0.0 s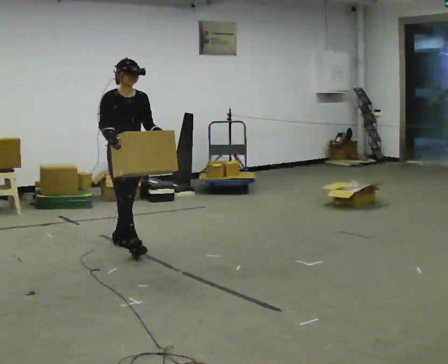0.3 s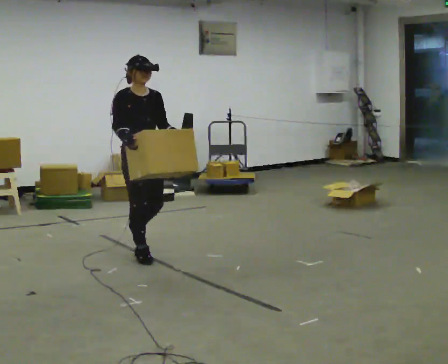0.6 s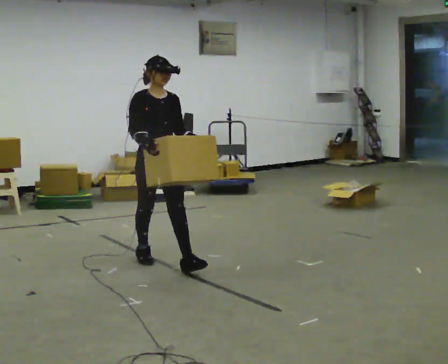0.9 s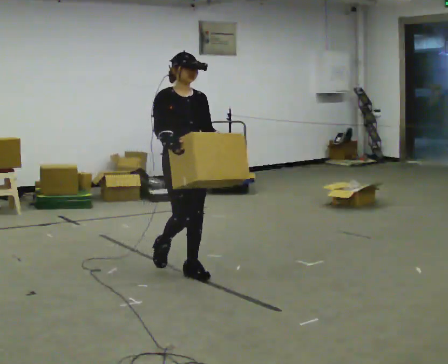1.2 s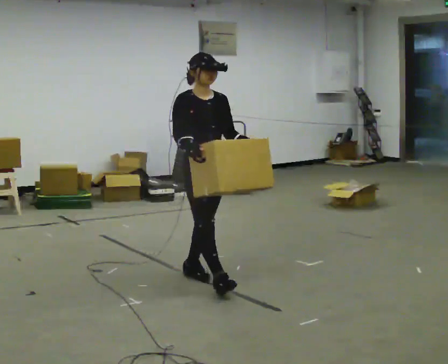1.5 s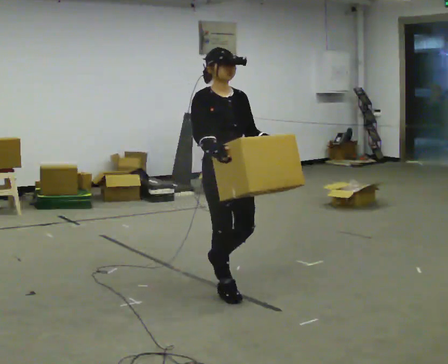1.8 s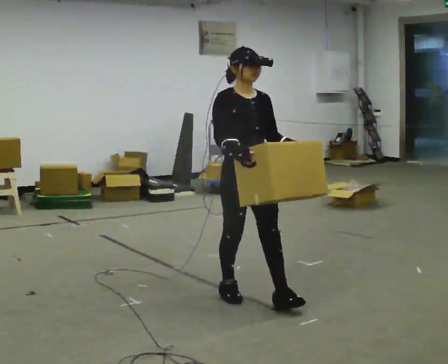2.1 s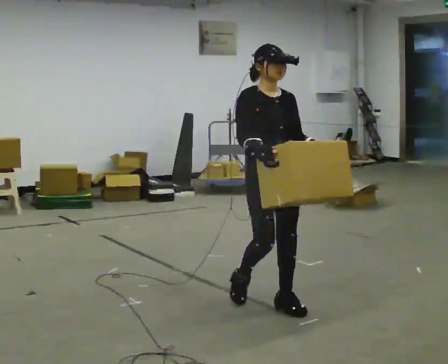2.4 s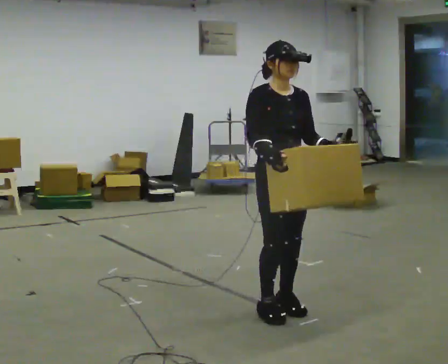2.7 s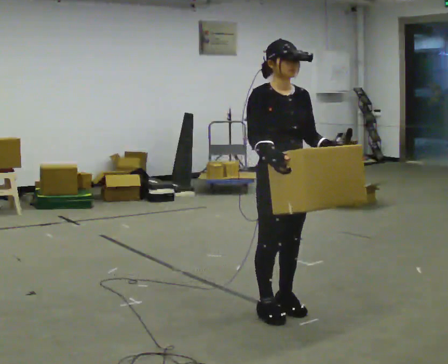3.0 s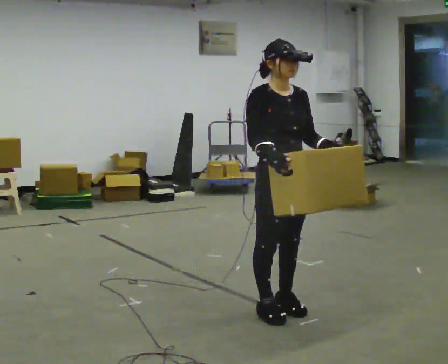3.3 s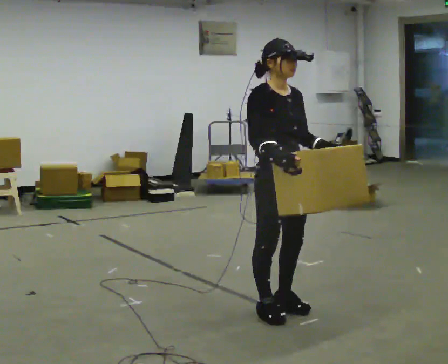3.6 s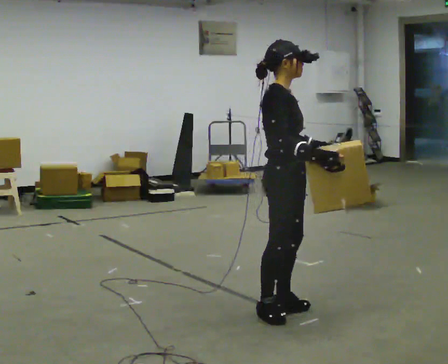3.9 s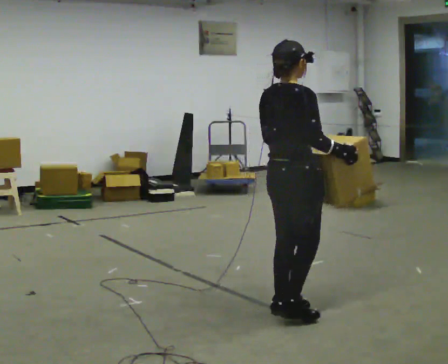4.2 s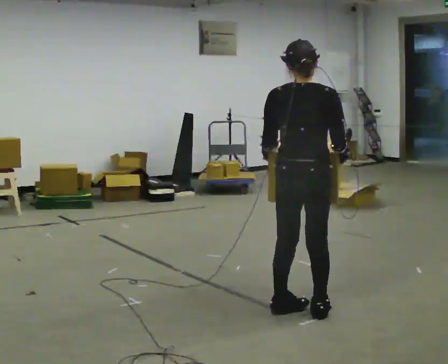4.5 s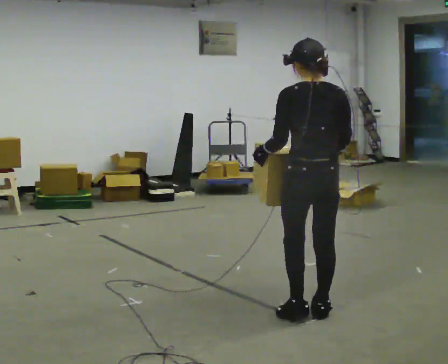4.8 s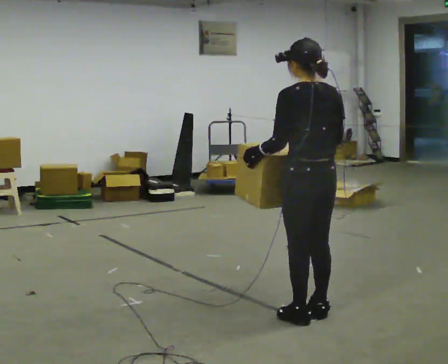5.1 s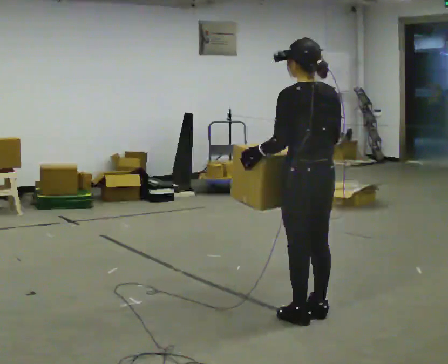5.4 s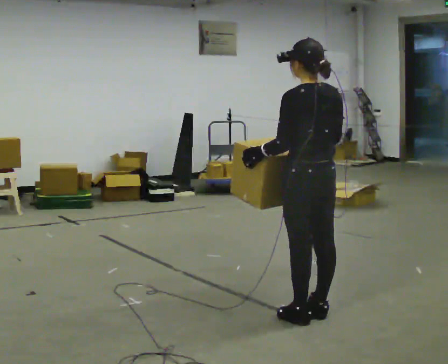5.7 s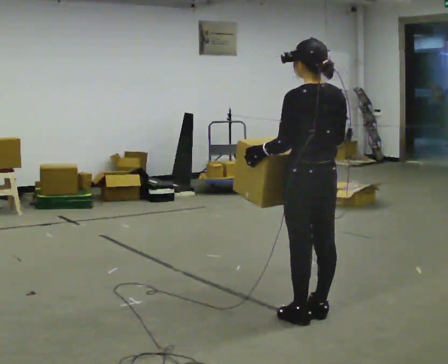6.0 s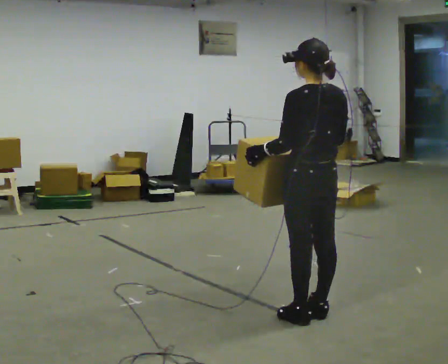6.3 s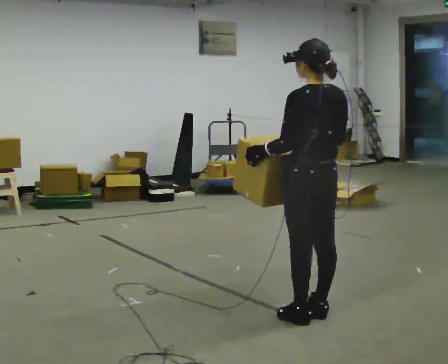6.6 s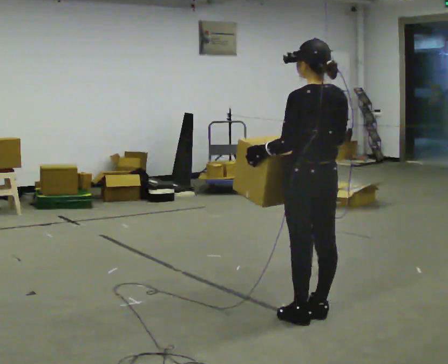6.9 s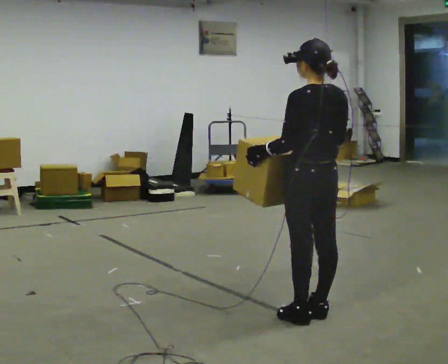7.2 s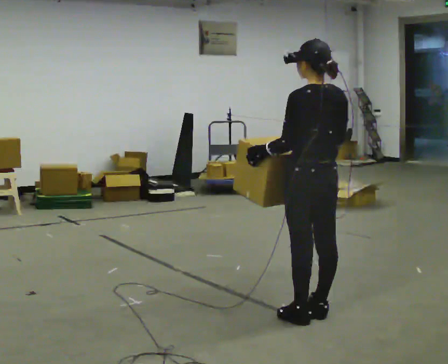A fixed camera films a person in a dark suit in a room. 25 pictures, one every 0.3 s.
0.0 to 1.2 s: In the picture they go to the right and toward the camera, about 1 m in 2 steps, which for them is forward.
1.2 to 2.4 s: In the picture they go to the right and toward the camera, about 0.5 m in 3 steps, which for them is forward.
2.4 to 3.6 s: The part of the body nearest the lens slides to the right as the person turns to their left by about 45 degrees.
3.6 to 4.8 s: Seen from above the body turns counterclockwise, about 135 degrees: to their left, with its near side sliding to the right. In the picture they go to the right, about 0.25 m in 2 steps.
4.8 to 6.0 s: The person moves a little, or ends about where they began.
6.0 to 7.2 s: The person keeps their place and pose.
The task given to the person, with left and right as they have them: Carry the box in both hands and walk back and forth across the room. The contents may move around. Carry on as best you can.
The film runs forward here.
